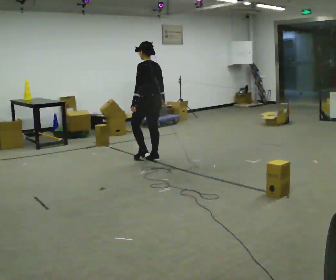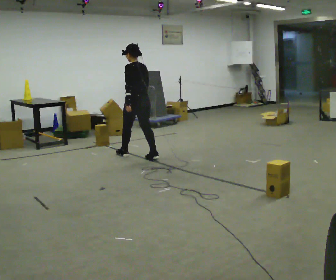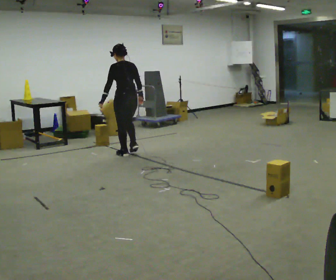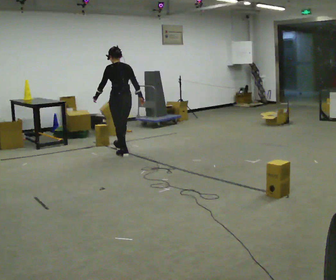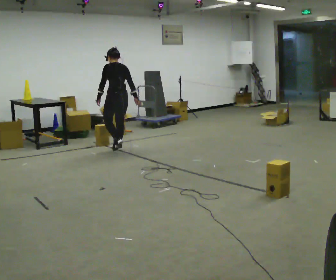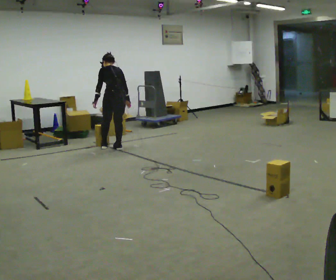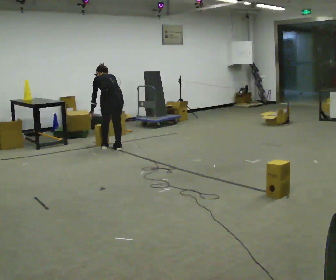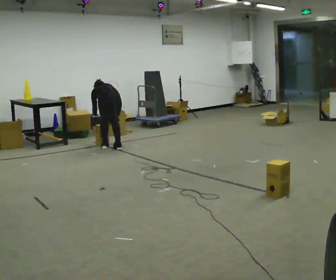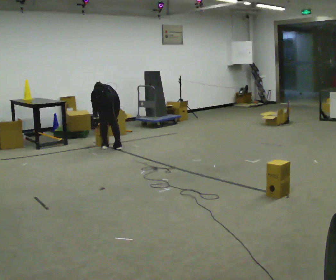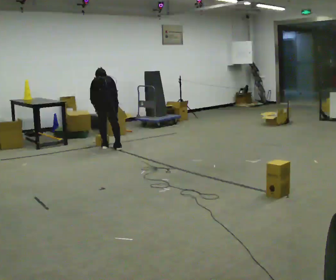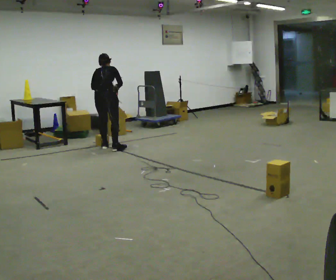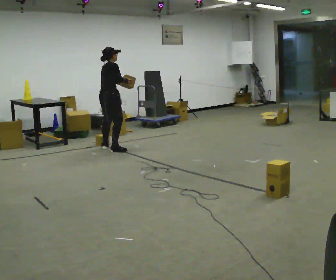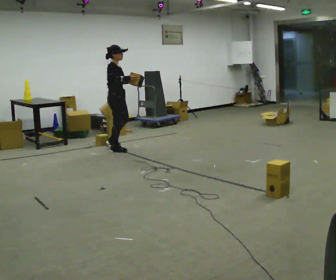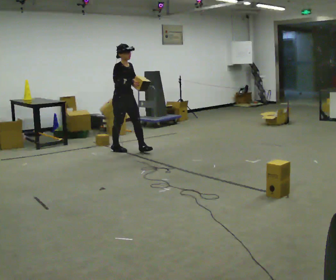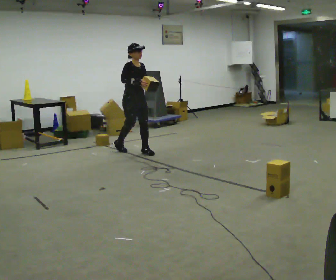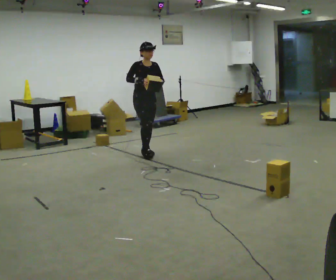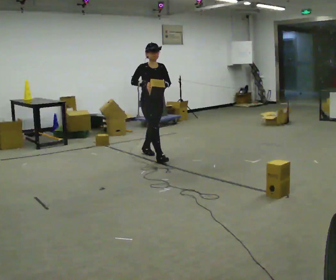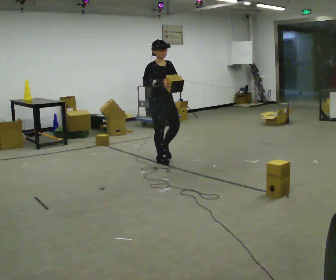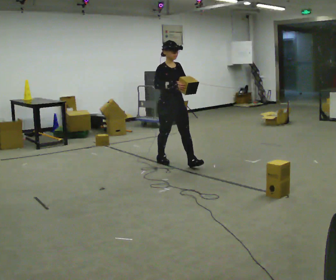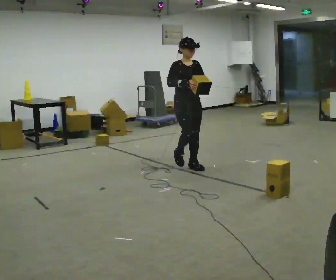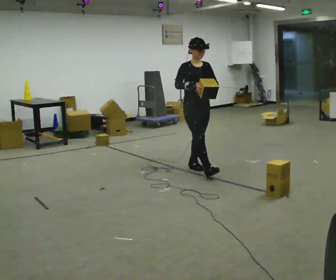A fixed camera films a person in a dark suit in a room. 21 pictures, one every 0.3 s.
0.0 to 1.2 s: In the picture they go away from the camera and to the left, about 1 m in 2 steps, which for them is forward.
1.2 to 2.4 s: The shoulders move downward. The upper body tips away from the camera, its near side rolling upward, as they bend forward. In the picture their right hand goes downward and to the left.
2.4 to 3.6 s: The person turns about 105 degrees to their right, clockwise seen from above, so the part of the body nearest the lens slides to the left. The shoulders move upward. The upper body tips toward the camera, its near side rolling downward, as they lean back or straighten. In the picture their left hand goes upward and to the right.
3.6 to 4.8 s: The part of the body nearest the lens slides to the left as the person turns to their right by about 45 degrees. In the picture they go toward the camera and to the right, about 0.5 m in 2 steps, which for them is forward.
4.8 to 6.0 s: In the picture they go toward the camera and to the right, about 1 m in 1 step, which for them is forward.
The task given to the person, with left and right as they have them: Carry the stack of boxes across the room without letting it fall over, then bring it back. Keep going until the operator says stop; one object at a time, and do not rush between trips.
The film runs forward here.
